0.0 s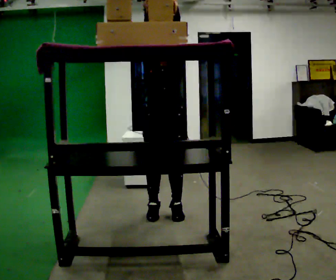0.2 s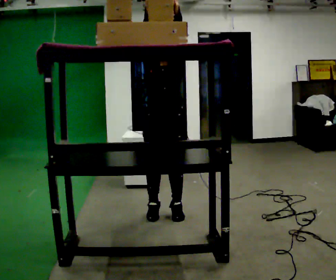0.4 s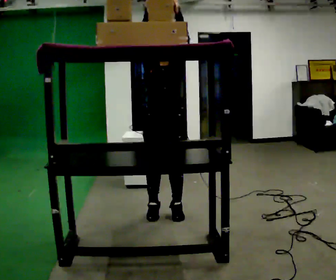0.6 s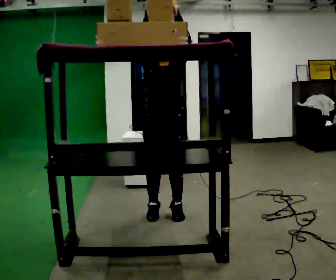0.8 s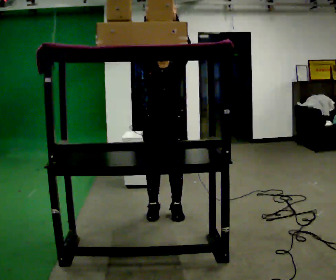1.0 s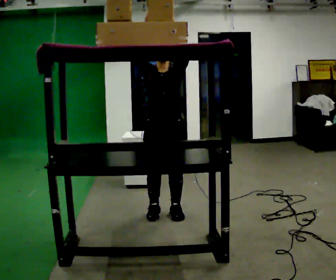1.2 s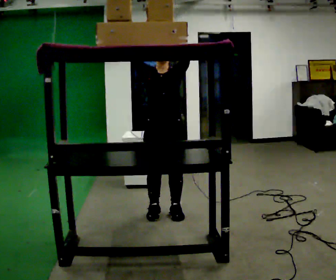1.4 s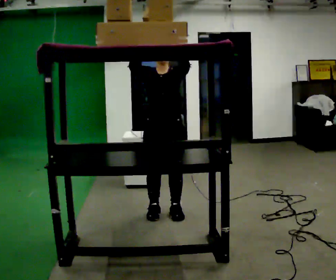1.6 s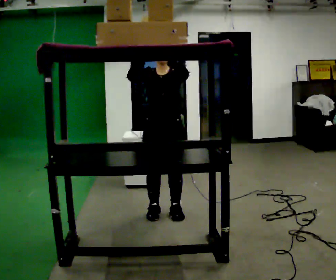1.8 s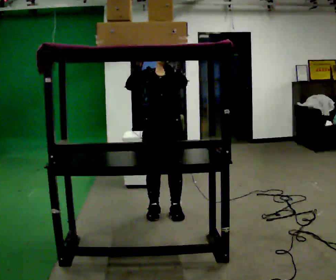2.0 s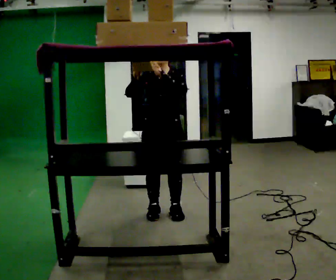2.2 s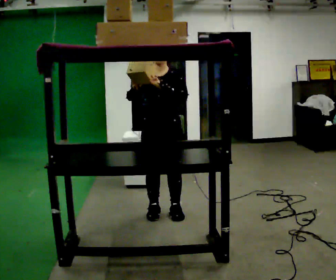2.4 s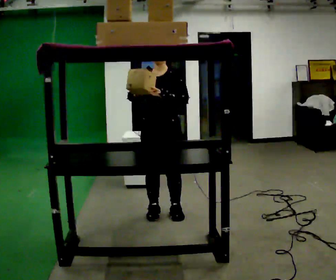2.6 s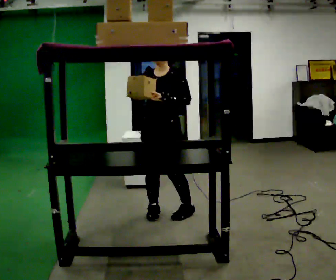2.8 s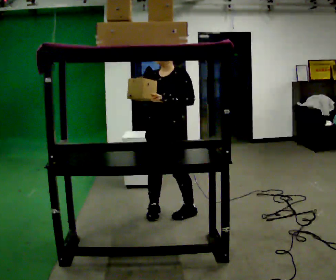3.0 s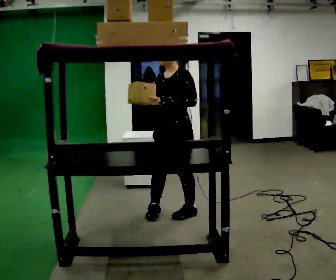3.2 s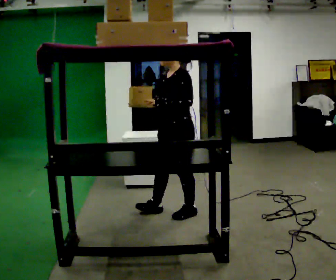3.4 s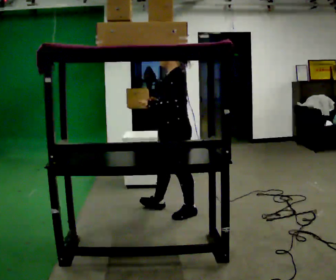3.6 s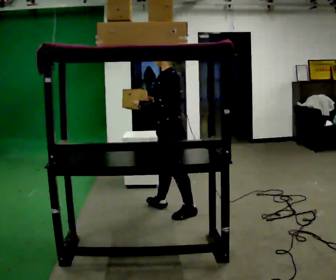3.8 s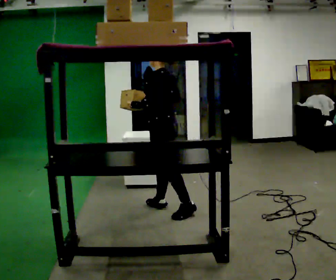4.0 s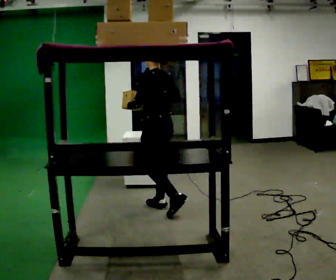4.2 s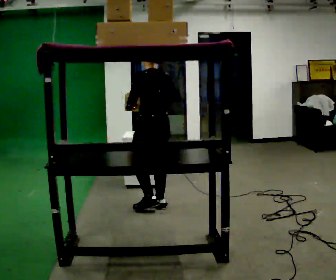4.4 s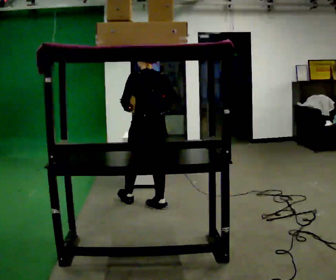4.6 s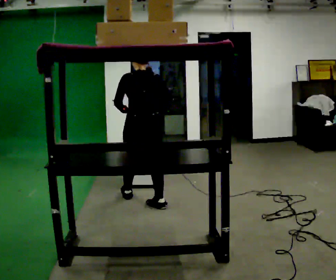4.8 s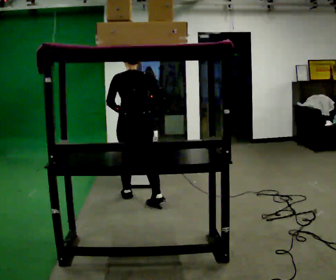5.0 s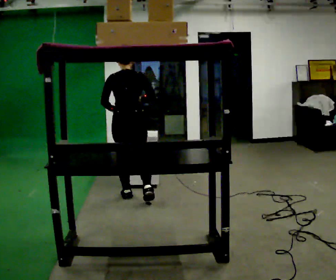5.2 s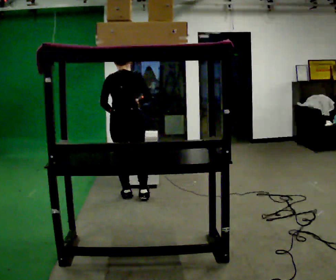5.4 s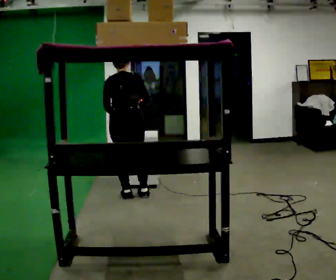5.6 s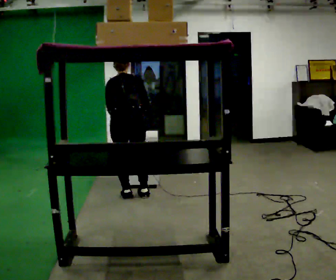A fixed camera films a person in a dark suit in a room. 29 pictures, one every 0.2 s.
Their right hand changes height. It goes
downward.
The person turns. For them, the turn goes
to their right.
0.0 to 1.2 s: The person moves a little, or ends about where they began.
1.2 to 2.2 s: In the picture their right hand goes downward.
2.2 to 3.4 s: The person turns about 75 degrees to their right, clockwise seen from above, so the part of the body nearest the lens slides to the left.
3.4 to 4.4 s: The person turns about 60 degrees to their right, clockwise seen from above, so the part of the body nearest the lens slides to the left. In the picture they go to the left and away from the camera, about 0.5 m.
4.4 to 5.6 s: The person turns about 30 degrees to their right, clockwise seen from above, so the part of the body nearest the lens slides to the left. In the picture they go to the left and away from the camera, about 0.25 m in 2 steps, which for them is forward and to their left. The upper body tips away from the camera, its near side rolling upward, as they bend forward.
The film runs forward here.
